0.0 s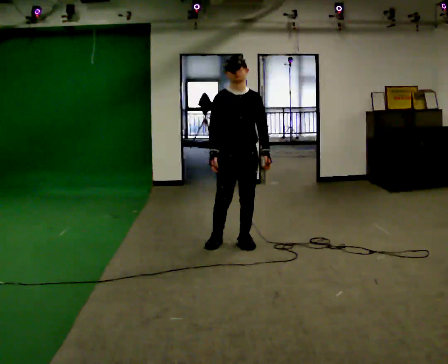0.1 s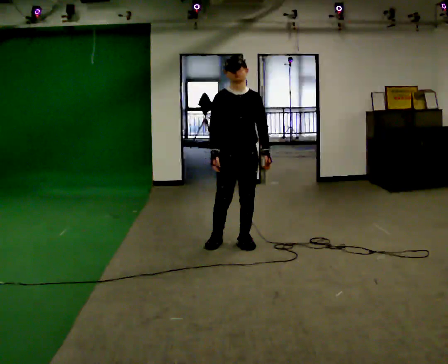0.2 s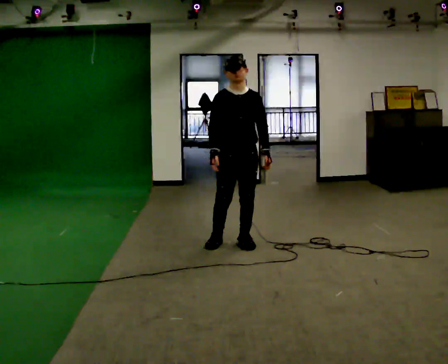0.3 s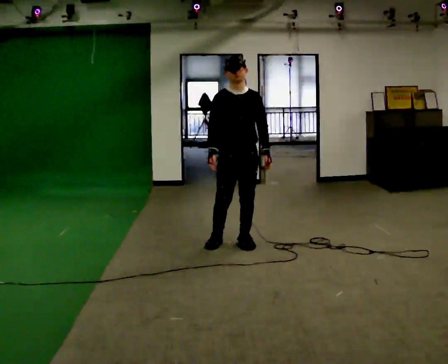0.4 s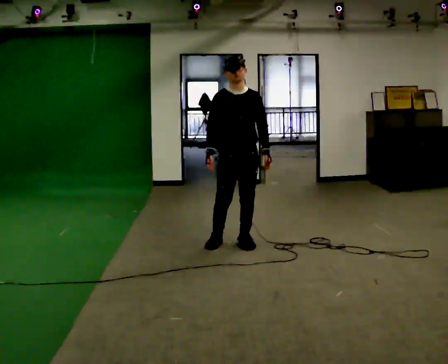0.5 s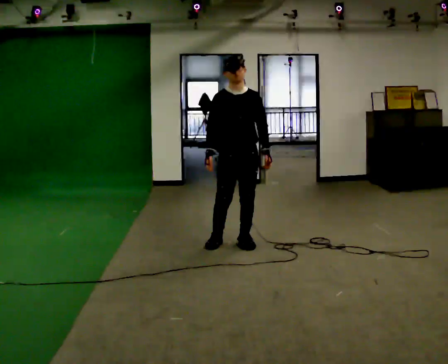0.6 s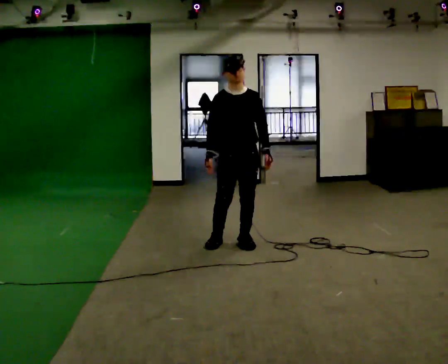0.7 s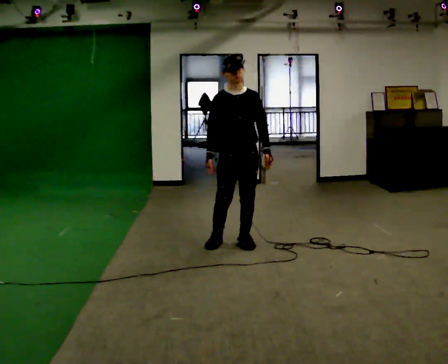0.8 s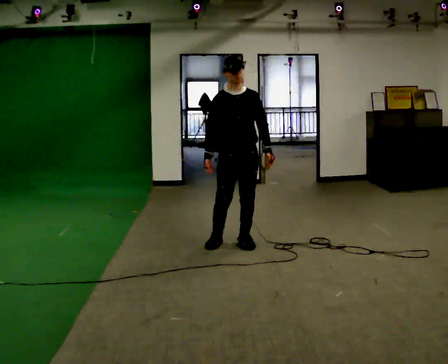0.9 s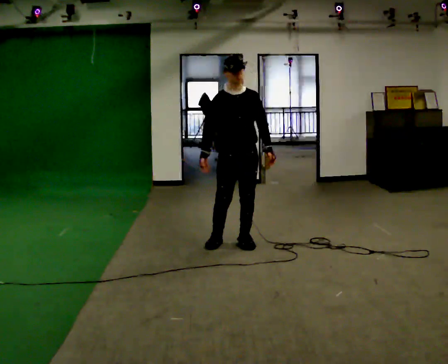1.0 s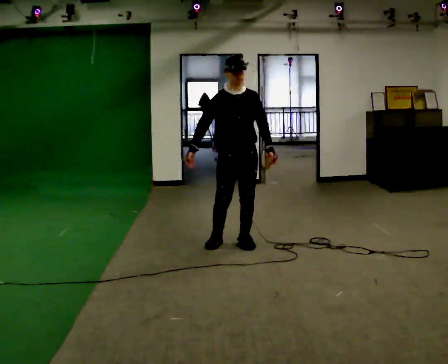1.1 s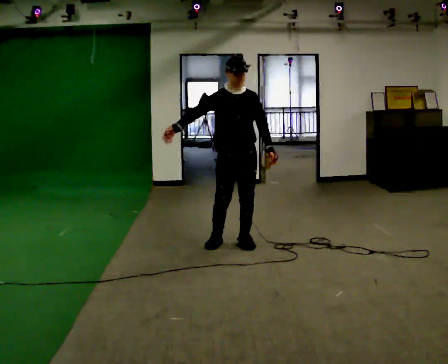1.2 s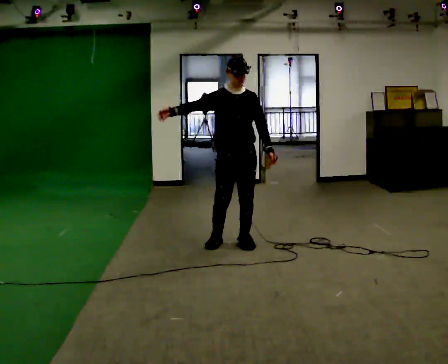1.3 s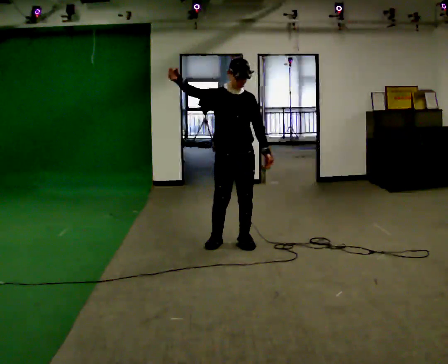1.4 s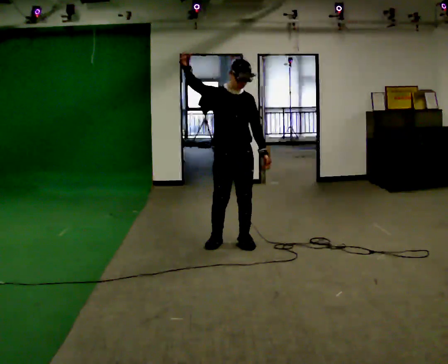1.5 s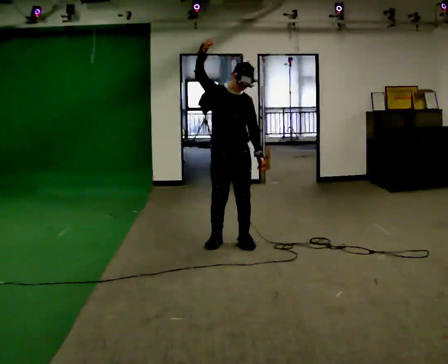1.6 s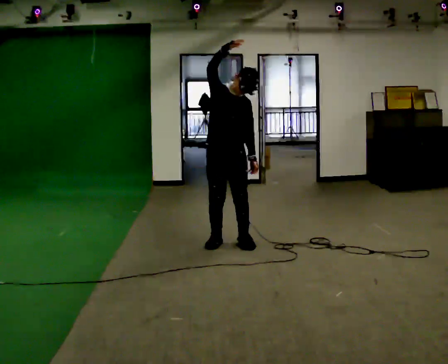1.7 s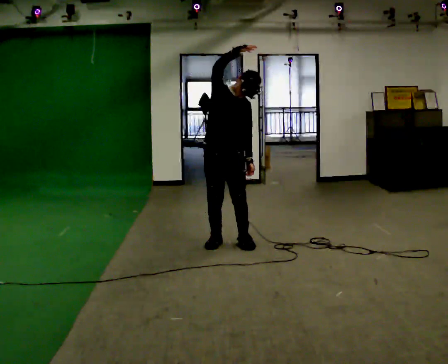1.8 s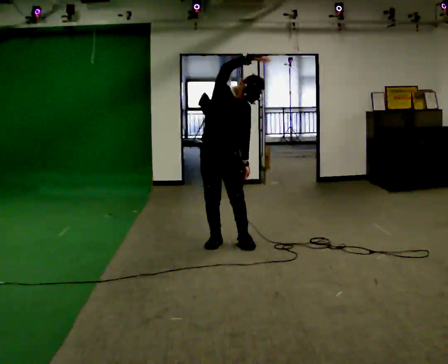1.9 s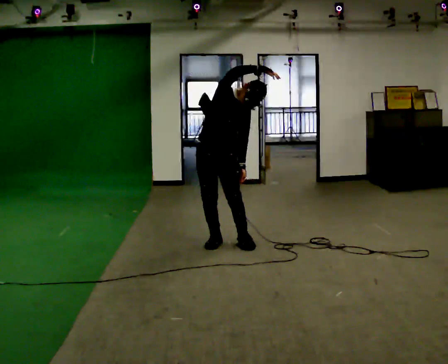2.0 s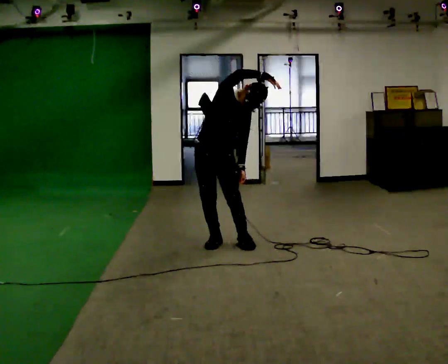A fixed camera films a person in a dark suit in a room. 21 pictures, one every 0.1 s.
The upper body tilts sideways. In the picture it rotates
clockwise.
Their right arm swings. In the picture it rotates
clockwise.
0.0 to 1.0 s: The person moves a little, or ends about where they began.
1.0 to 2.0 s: In the picture they go to the left, about 0.25 m, which for them is to their right. In the picture the upper body tilts clockwise, shoulders to the right. In the picture their right hand goes upward and to the right, the arm swinging clockwise.
The film runs backward here.
